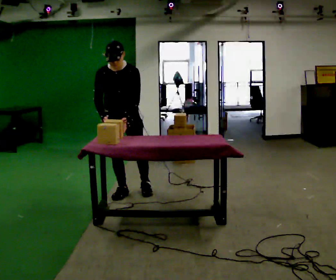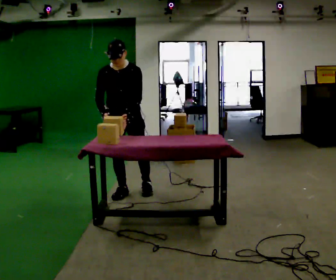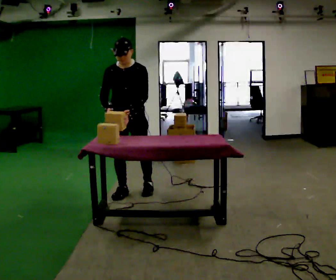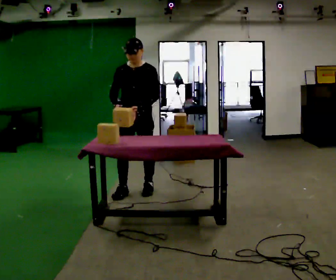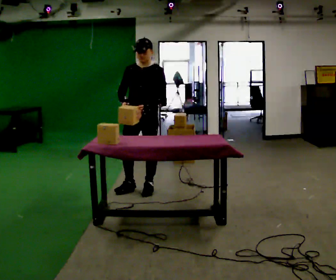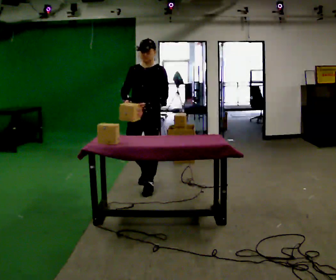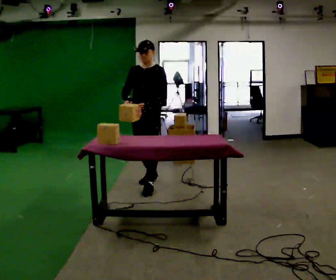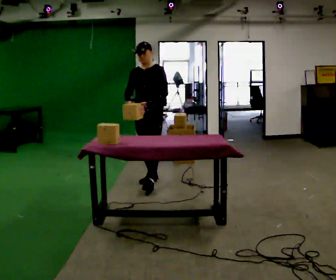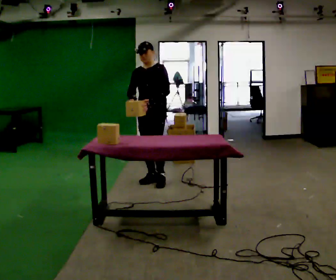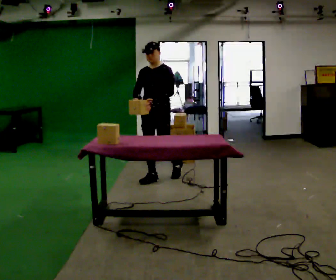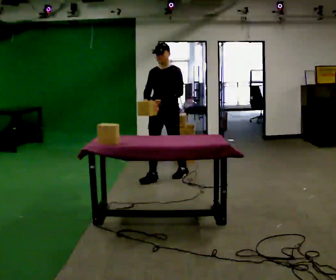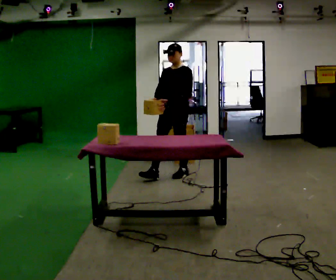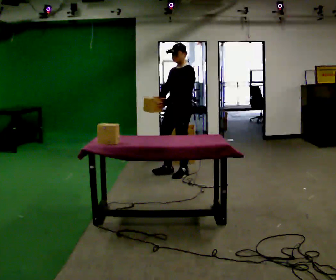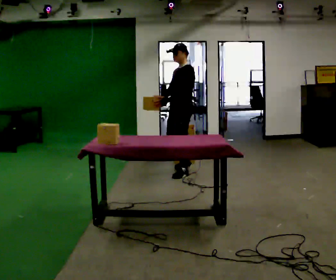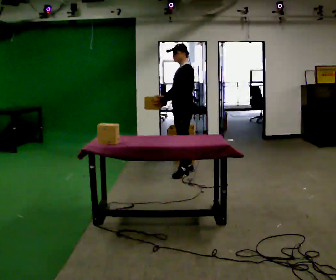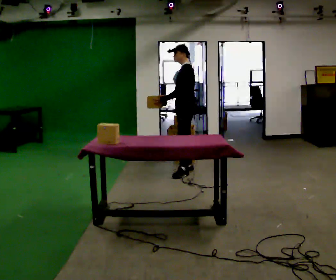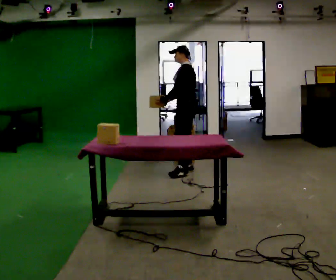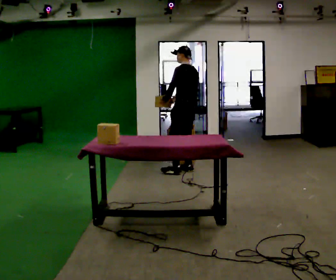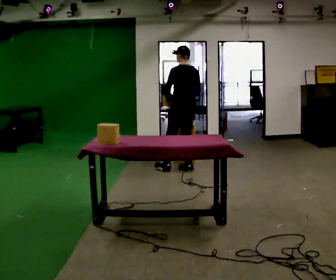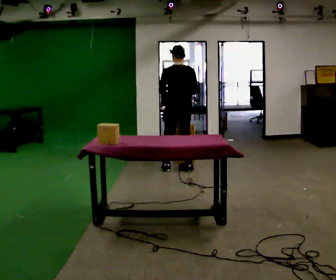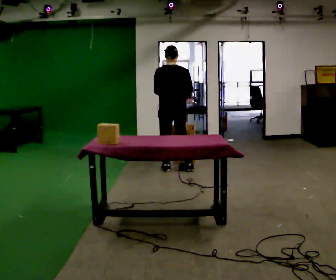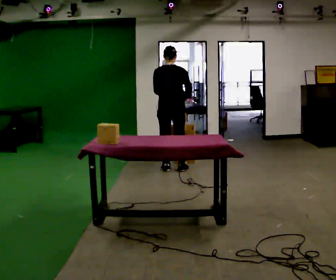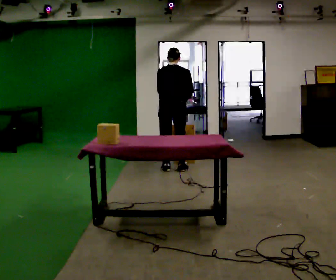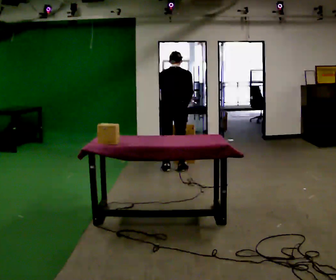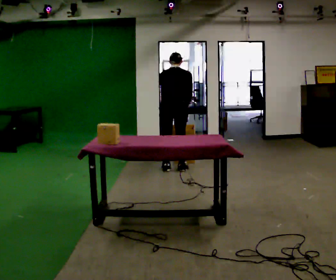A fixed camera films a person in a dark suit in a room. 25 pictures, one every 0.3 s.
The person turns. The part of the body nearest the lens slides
to the left.
The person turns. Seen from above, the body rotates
clockwise.
0.0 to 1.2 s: In the picture they go to the right, about 0.25 m in 1 step, which for them is to their left and backward. The upper body tips away from the camera, its near side rolling upward, as they lean back or straighten.
1.2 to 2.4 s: In the picture they go away from the camera, about 0.5 m in 1 step, which for them is backward.
2.4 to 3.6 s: The part of the body nearest the lens slides to the left as the person turns to their right by about 30 degrees. In the picture they go to the right and away from the camera, about 0.5 m in 1 step, which for them is backward and to their left.
3.6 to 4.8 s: The part of the body nearest the lens slides to the left as the person turns to their right by about 45 degrees. In the picture they go away from the camera, about 0.25 m, which for them is to their right and backward.
4.8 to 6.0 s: The person turns about 75 degrees to their right, clockwise seen from above, so the part of the body nearest the lens slides to the left. In the picture they go to the left, about 0.25 m in 1 step.
6.0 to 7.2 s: The upper body tips away from the camera, its near side rolling upward, as they bend forward.
The film runs backward here.
